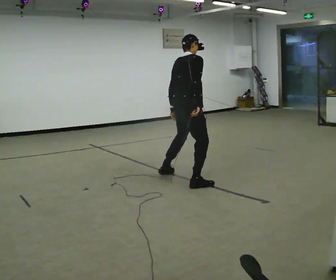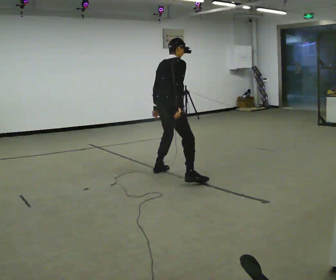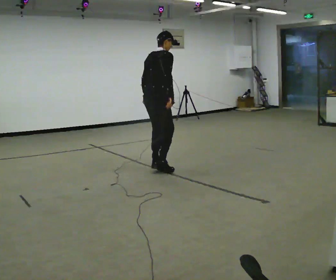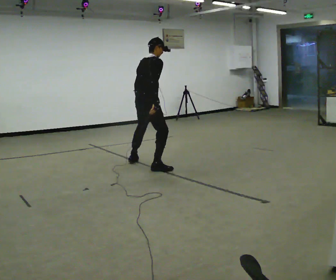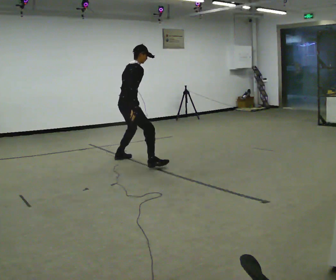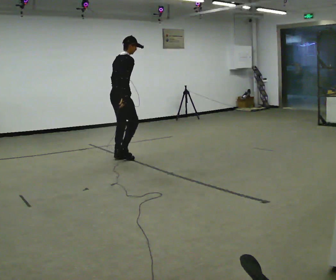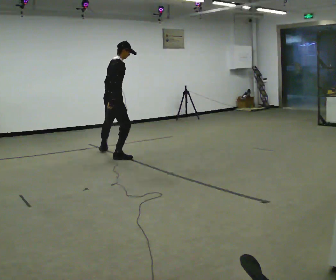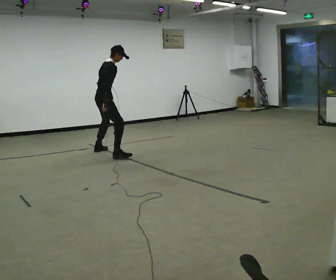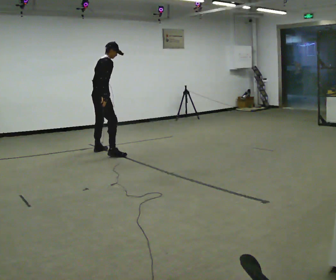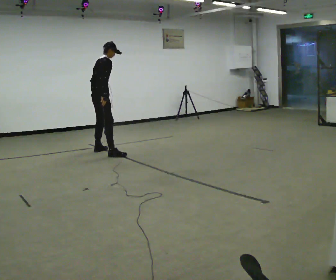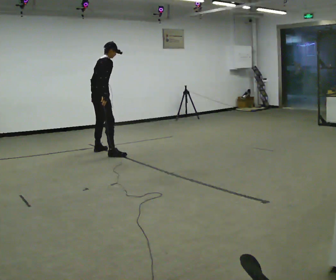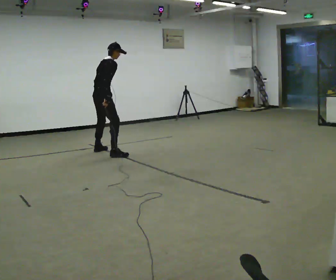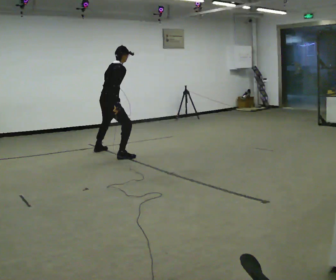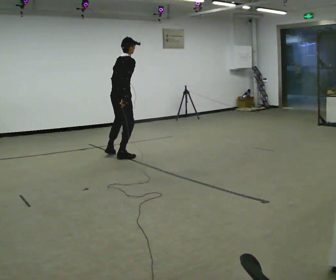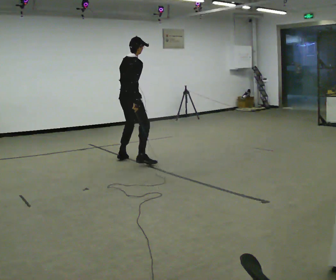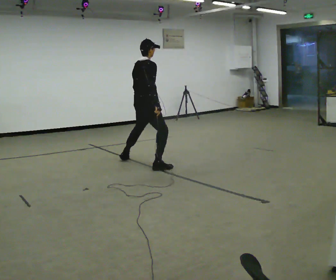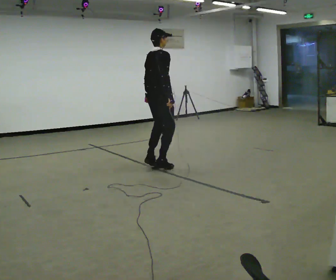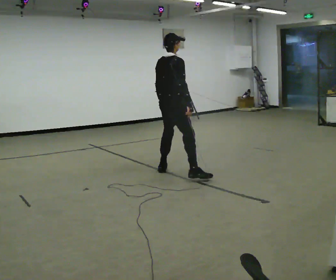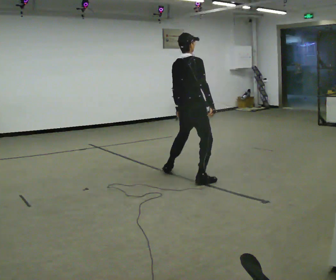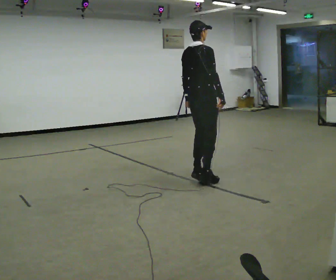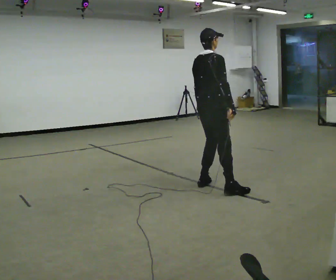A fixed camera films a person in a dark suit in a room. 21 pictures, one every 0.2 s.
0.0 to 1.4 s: In the picture they go away from the camera and to the left, about 2 m in 5 steps, which for them is to their left.
1.4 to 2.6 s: In the picture they go toward the camera and to the right, about 0.25 m in 3 steps, which for them is to their right.
2.6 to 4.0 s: In the picture they go toward the camera and to the right, about 1.5 m in 4 steps, which for them is to their right.
The film runs backward here.
